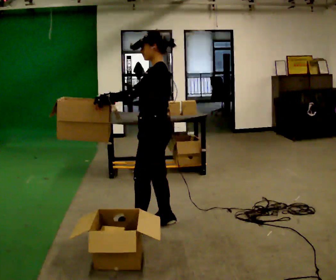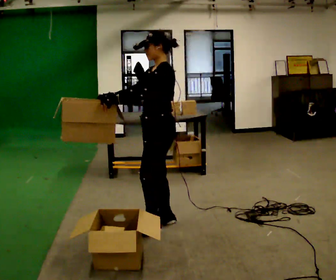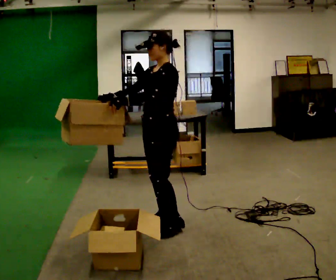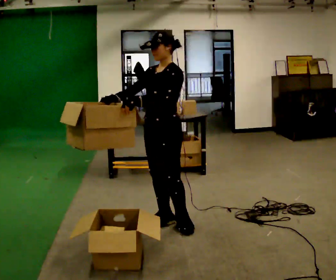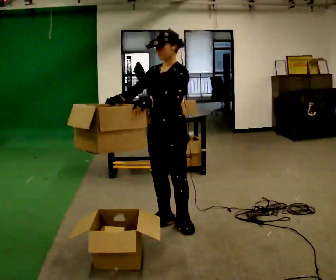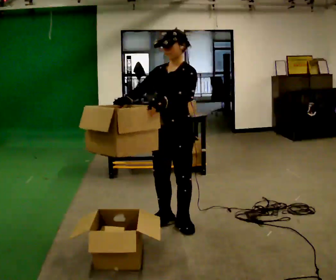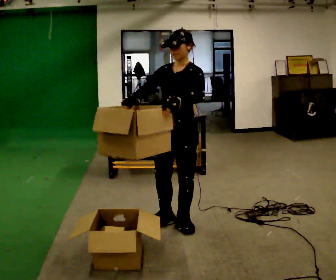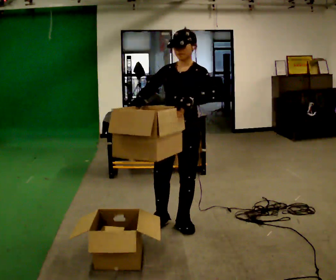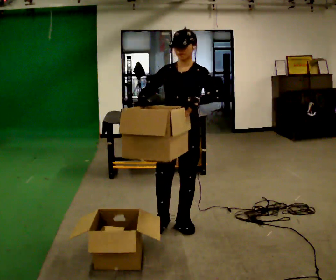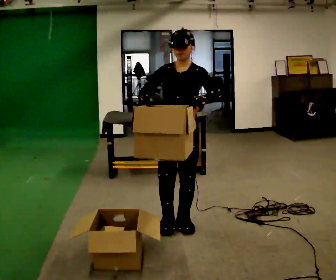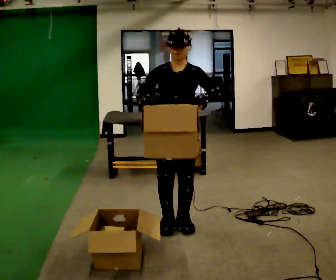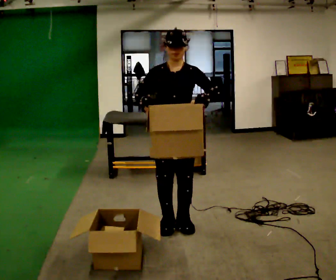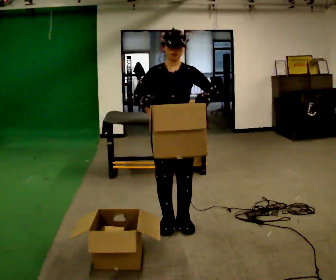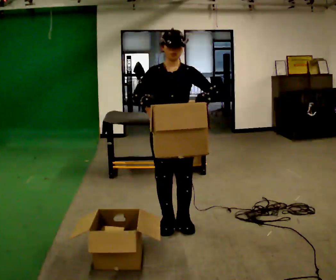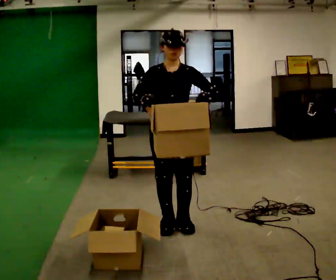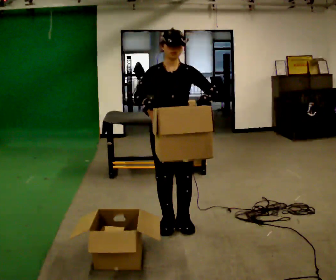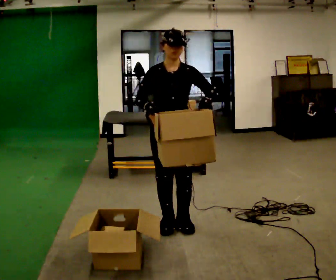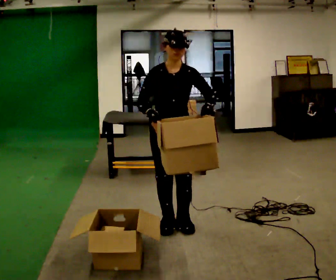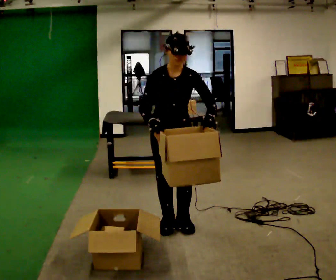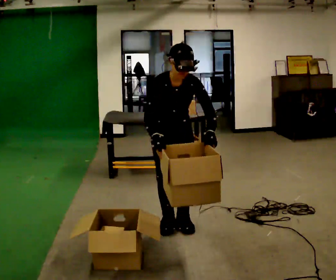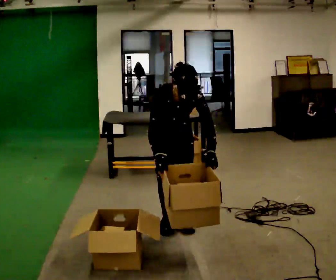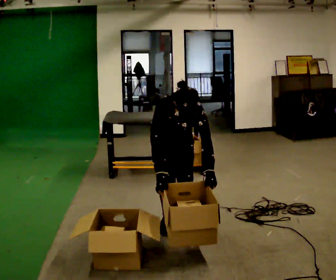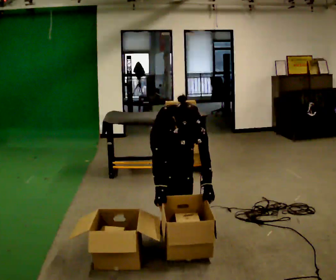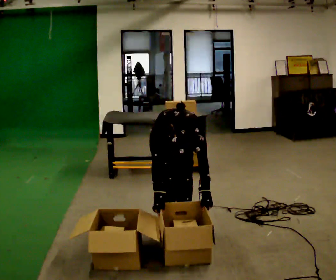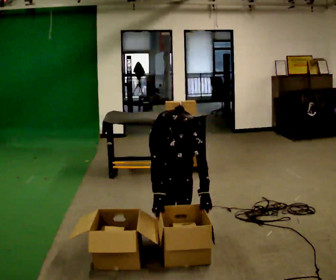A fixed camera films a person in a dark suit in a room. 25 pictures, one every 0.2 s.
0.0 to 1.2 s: The person turns about 60 degrees to their left, counterclockwise seen from above, so the part of the body nearest the lens slides to the right. In the picture they go to the right, about 0.25 m in 1 step, which for them is to their left.
1.2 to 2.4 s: The person turns about 30 degrees to their left, counterclockwise seen from above, so the part of the body nearest the lens slides to the right.
2.4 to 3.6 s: The upper body tips toward the camera, its near side rolling downward, as they bend forward.
3.6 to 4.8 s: The shoulders move downward. The upper body tips toward the camera, its near side rolling downward, as they bend forward. In the picture their left hand goes downward.
The film runs backward here.
